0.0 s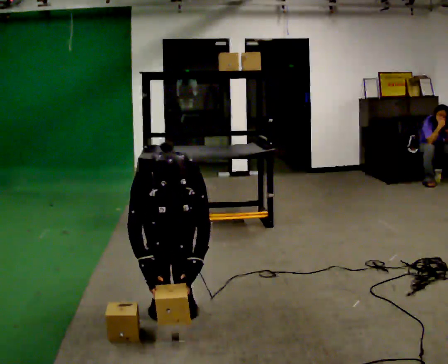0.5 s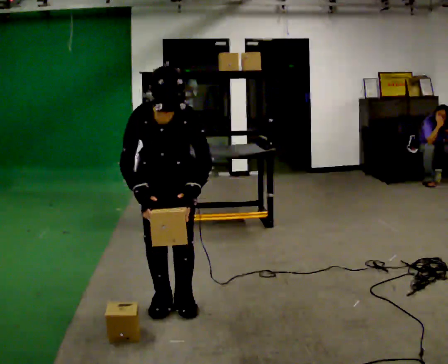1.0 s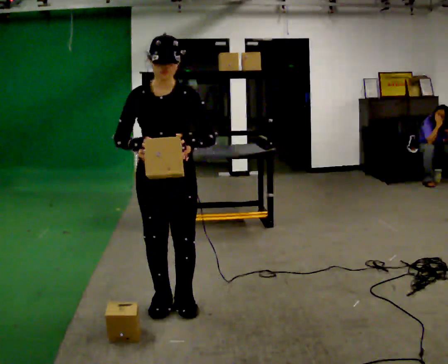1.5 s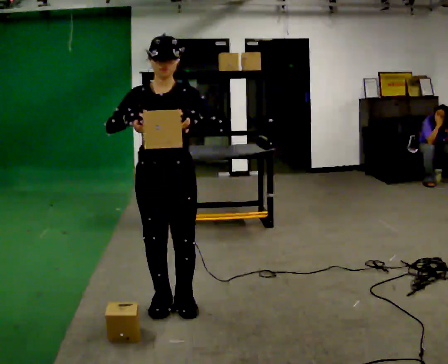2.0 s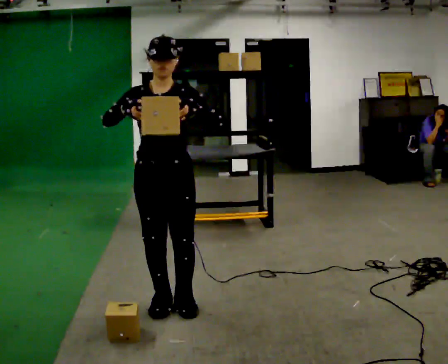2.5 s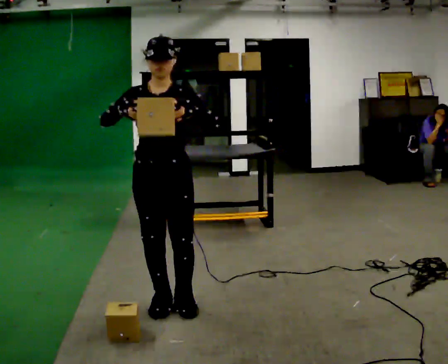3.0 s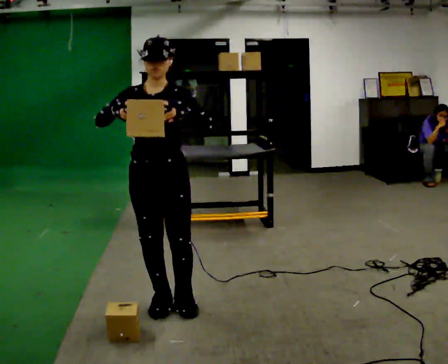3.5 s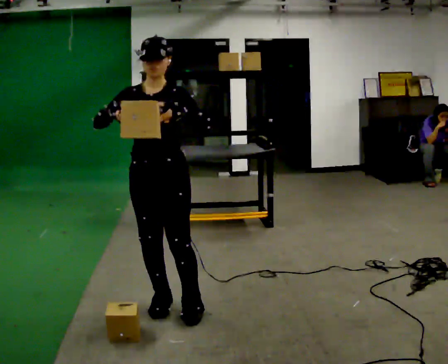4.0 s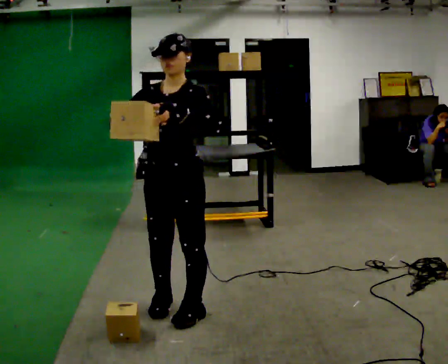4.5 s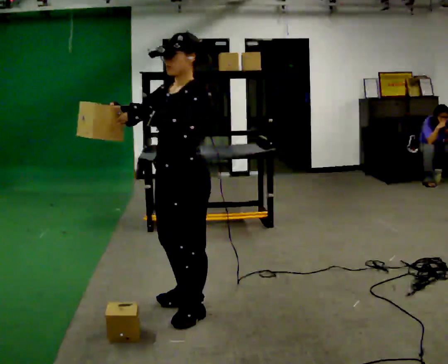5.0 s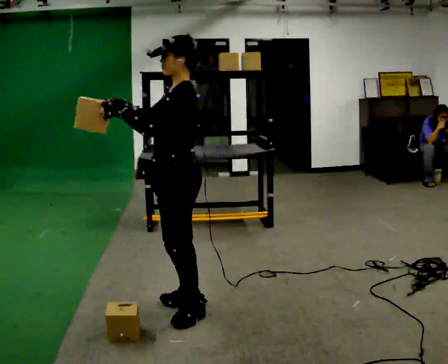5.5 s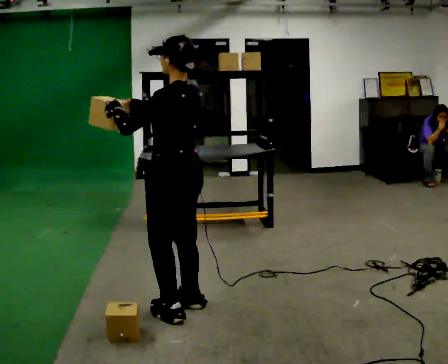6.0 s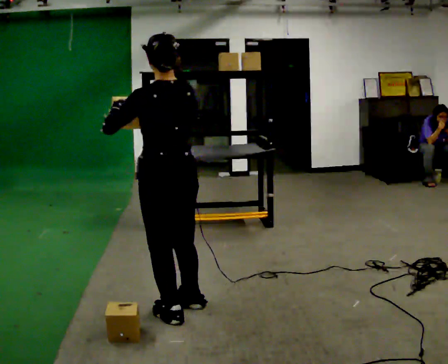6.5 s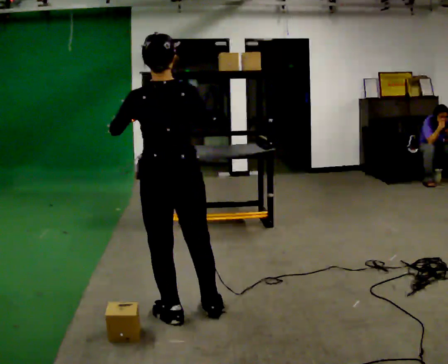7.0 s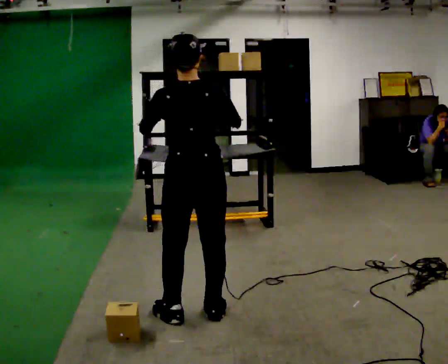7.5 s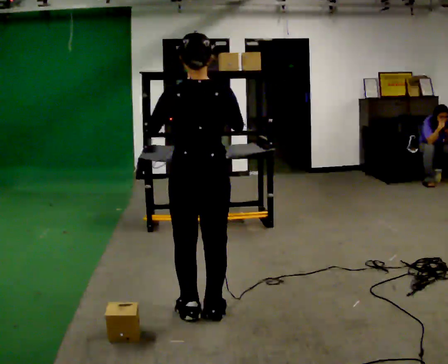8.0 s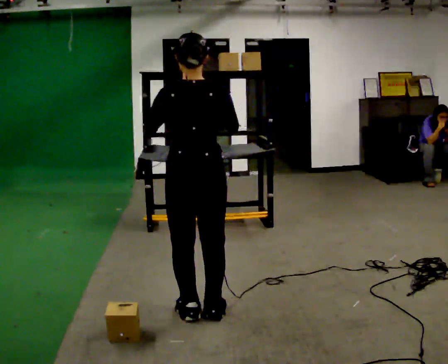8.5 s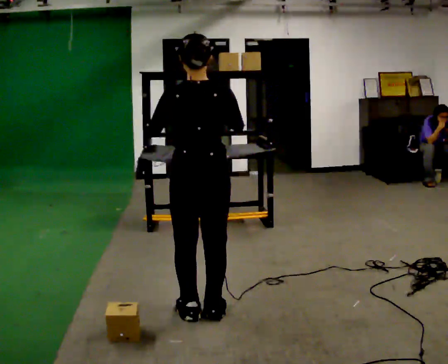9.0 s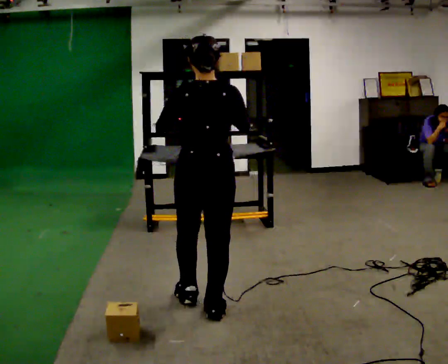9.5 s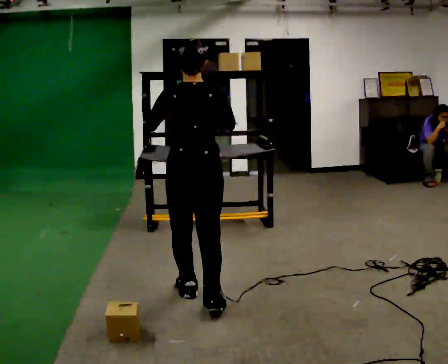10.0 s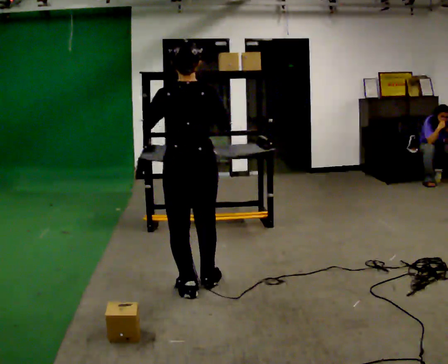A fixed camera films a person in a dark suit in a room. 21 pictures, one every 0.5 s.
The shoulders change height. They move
upward.
The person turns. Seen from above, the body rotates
clockwise.
0.0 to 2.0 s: In the picture they go toward the camera, about 0.25 m, which for them is forward. The upper body goes upward. The upper body tips away from the camera, its near side rolling upward, as they lean back or straighten. In the picture their right hand goes upward.
2.0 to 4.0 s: The person moves a little, or ends about where they began.
4.0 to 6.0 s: Seen from above the body turns clockwise, about 120 degrees: to their right, with its near side sliding to the left.
6.0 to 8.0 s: The part of the body nearest the lens slides to the left as the person turns to their right by about 30 degrees.
8.0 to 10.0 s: In the picture they go away from the camera, about 0.25 m in 1 step, which for them is forward.
The film runs forward here.
